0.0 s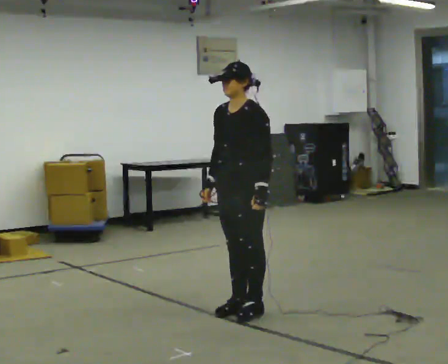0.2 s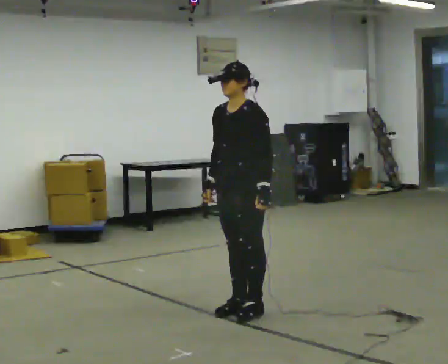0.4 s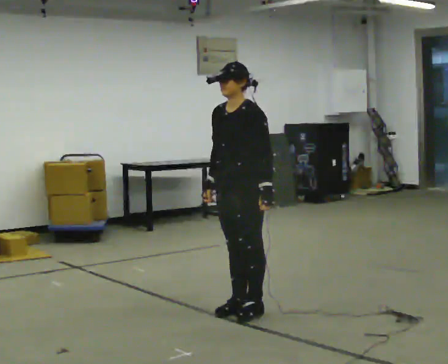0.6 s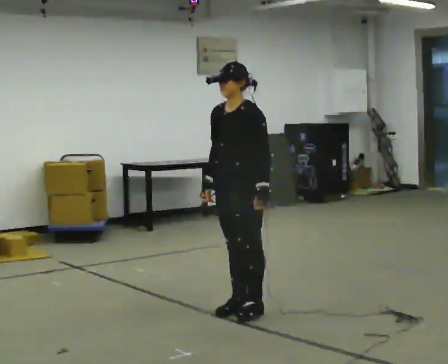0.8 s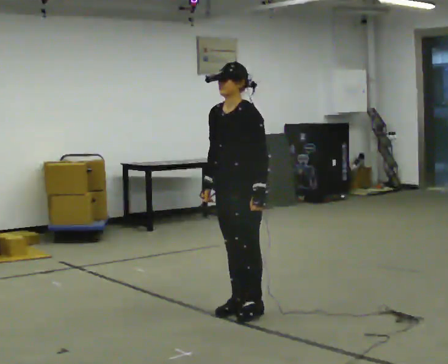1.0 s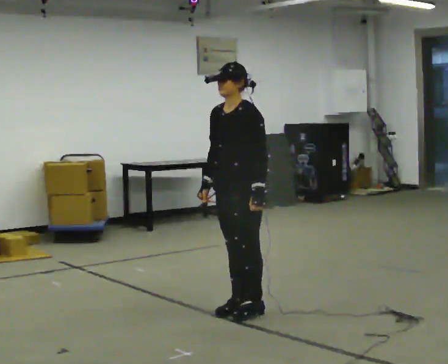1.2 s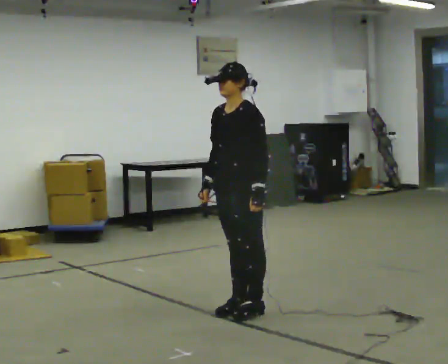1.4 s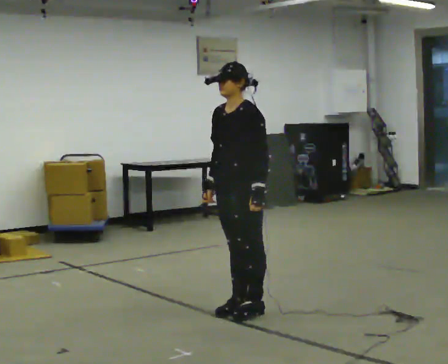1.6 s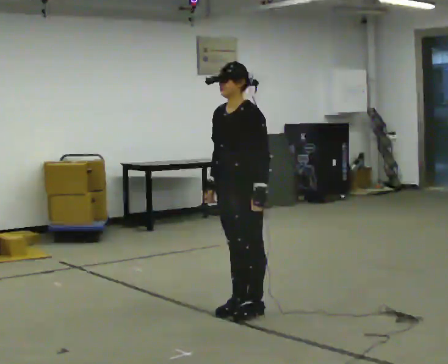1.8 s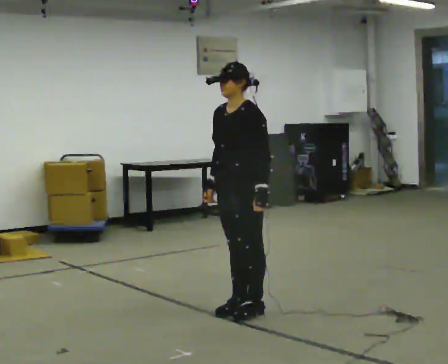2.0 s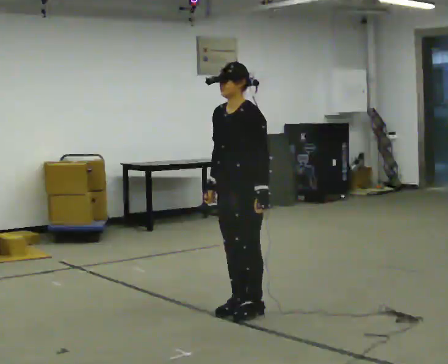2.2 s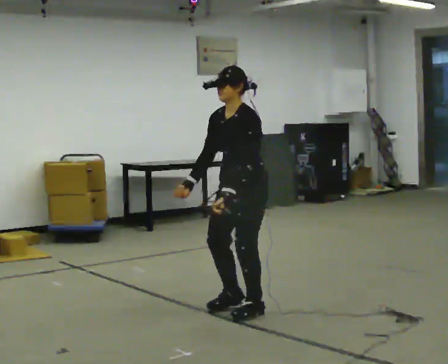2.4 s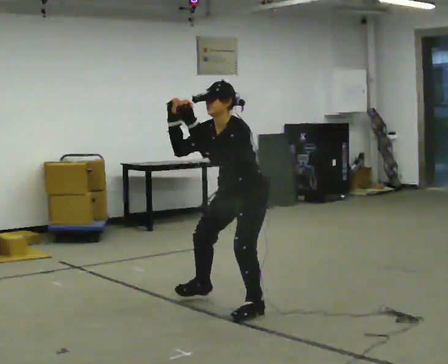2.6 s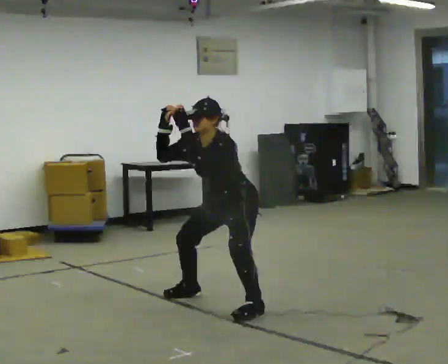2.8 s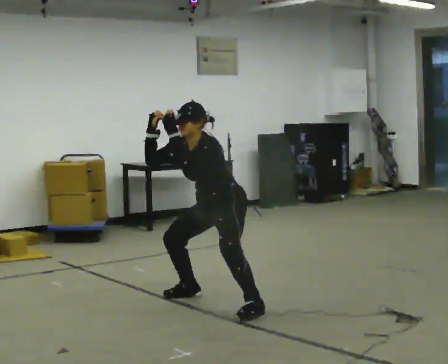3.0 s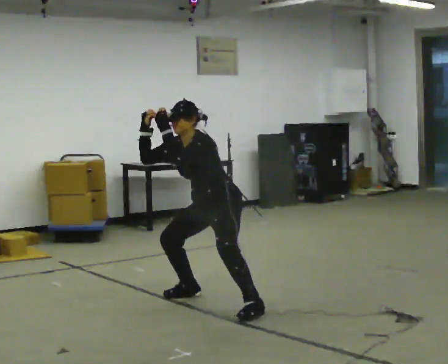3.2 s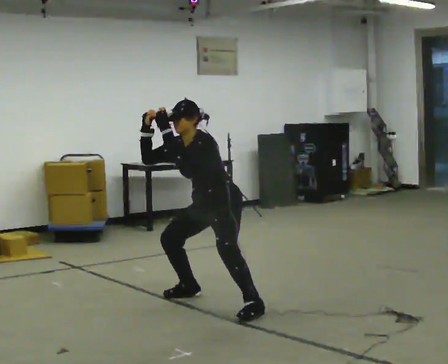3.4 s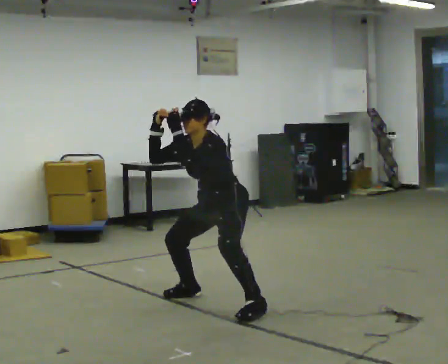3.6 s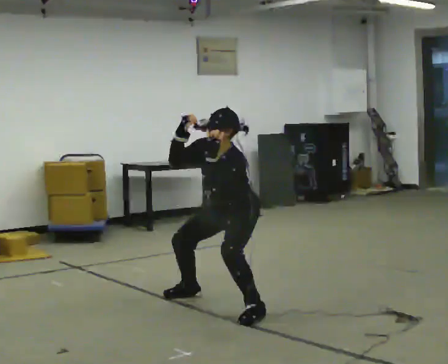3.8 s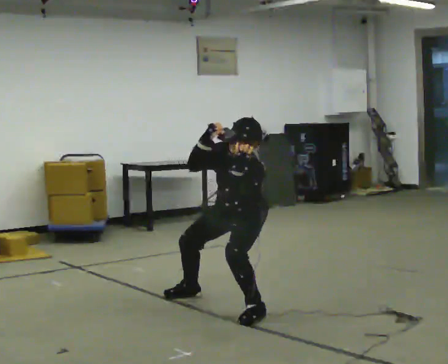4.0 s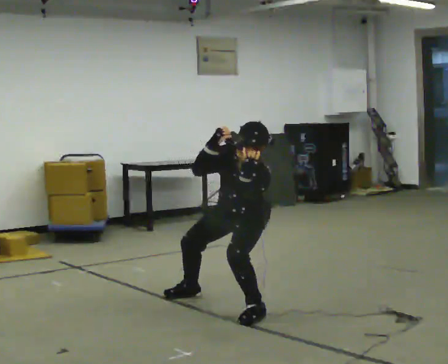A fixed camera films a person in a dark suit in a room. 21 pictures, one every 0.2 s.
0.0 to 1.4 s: The person moves a little, or ends about where they began.
1.4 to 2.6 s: In the picture they go away from the camera, about 0.25 m in 1 step, which for them is to their right. The shoulders move downward. The upper body tips toward the camera, its near side rolling downward, as they bend forward. In the picture their left hand goes to the left and upward.
2.6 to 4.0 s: In the picture the upper body tilts clockwise, shoulders to the right. In the picture their left hand goes to the right.
The film runs forward here.
